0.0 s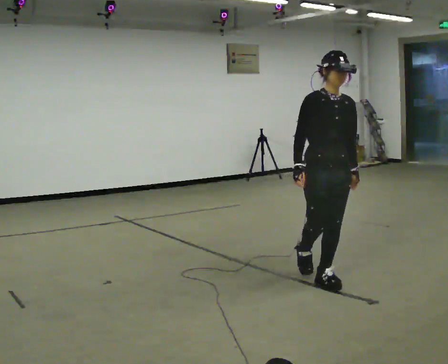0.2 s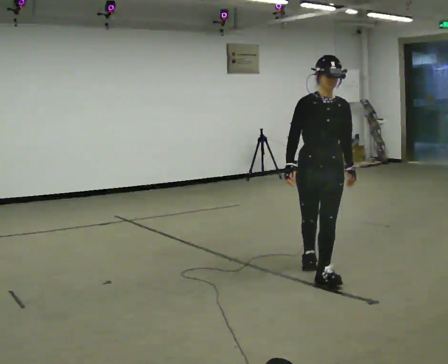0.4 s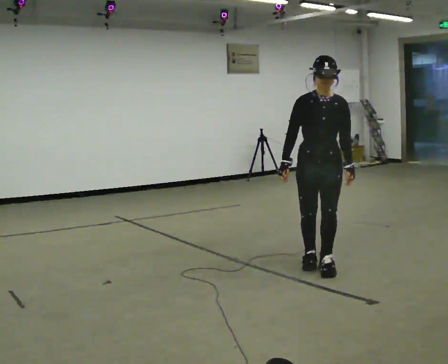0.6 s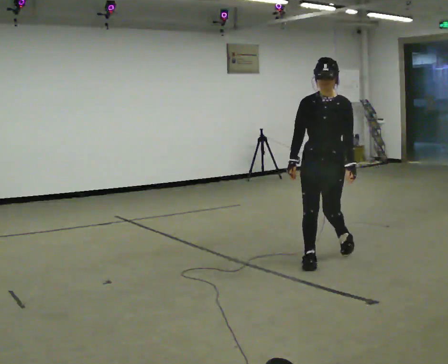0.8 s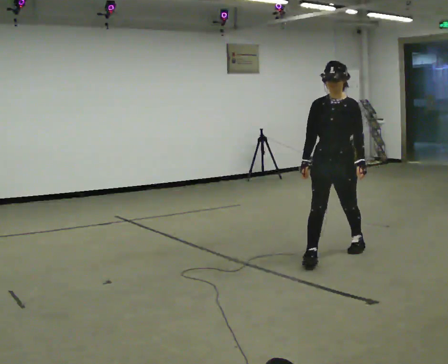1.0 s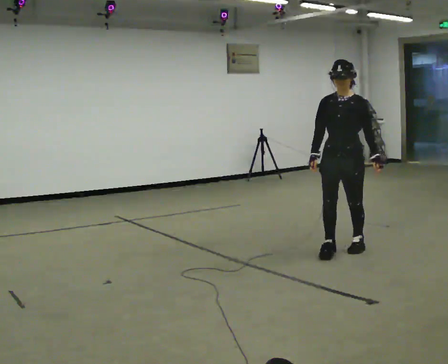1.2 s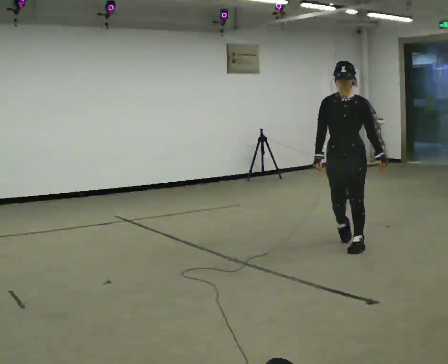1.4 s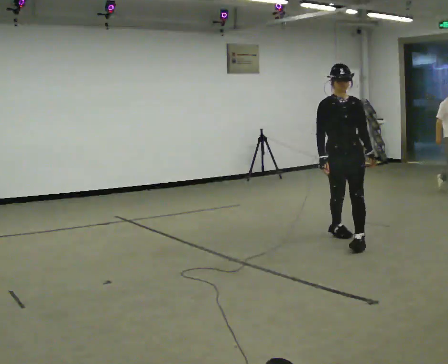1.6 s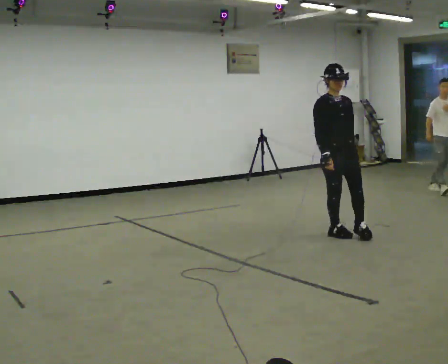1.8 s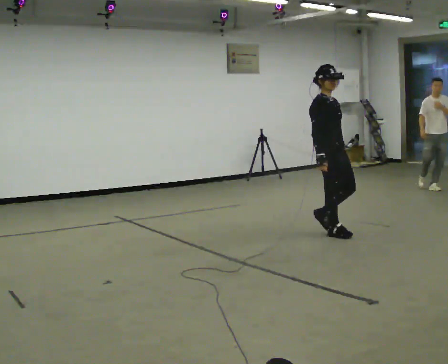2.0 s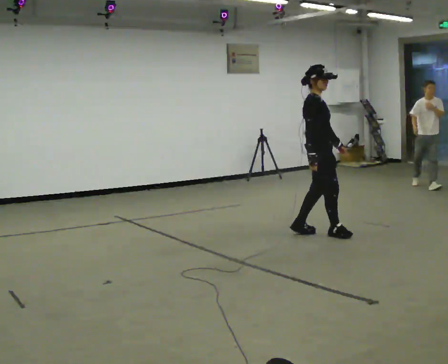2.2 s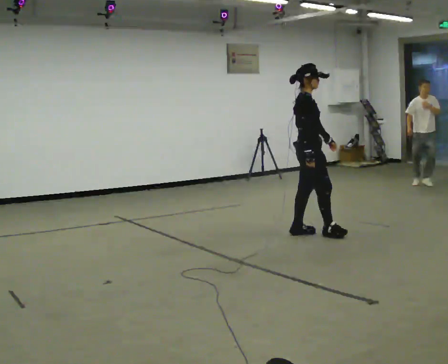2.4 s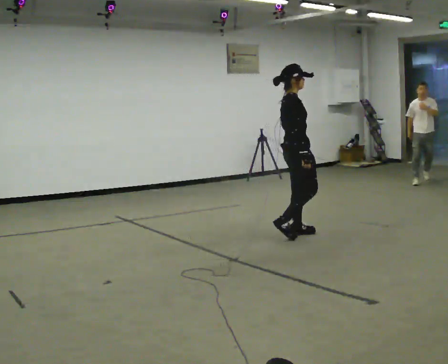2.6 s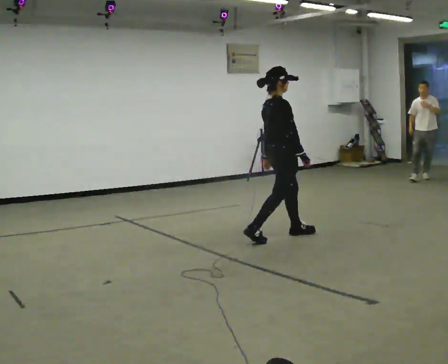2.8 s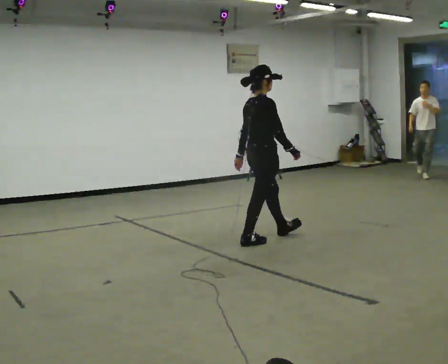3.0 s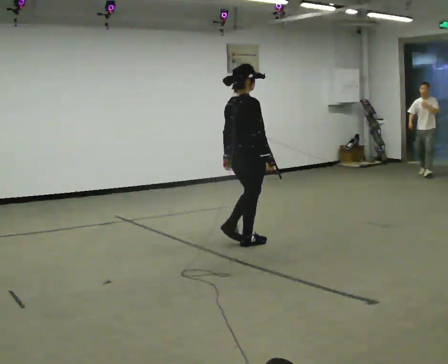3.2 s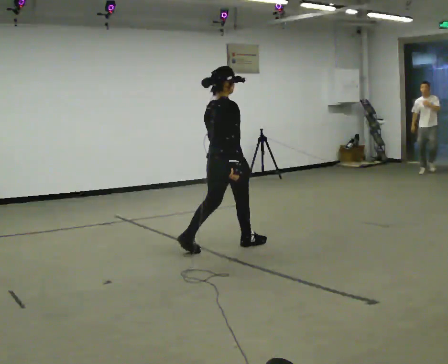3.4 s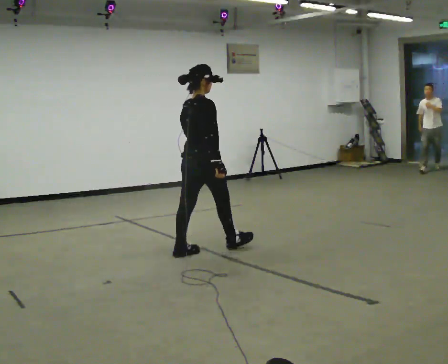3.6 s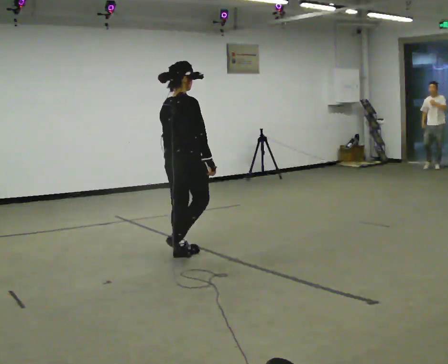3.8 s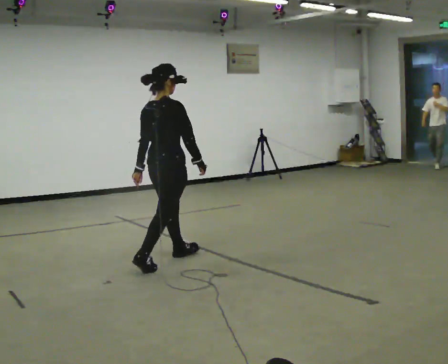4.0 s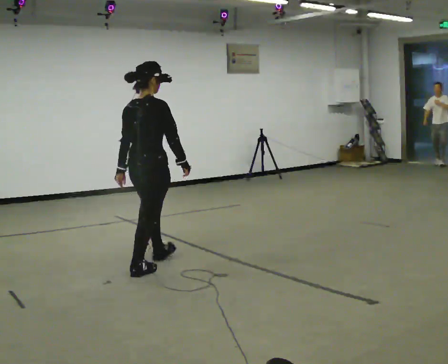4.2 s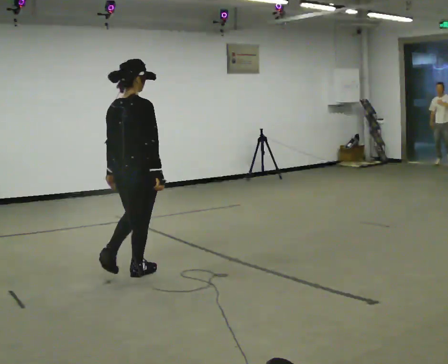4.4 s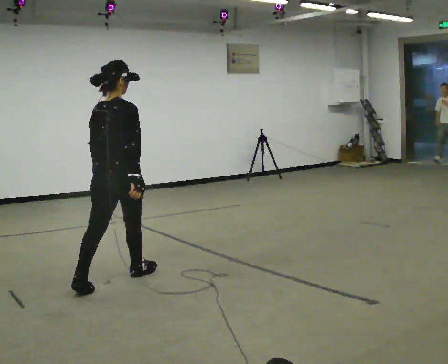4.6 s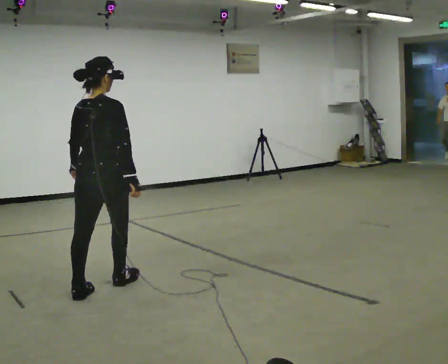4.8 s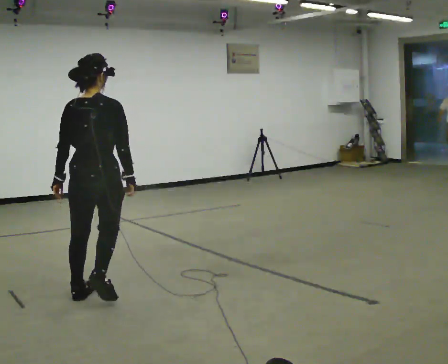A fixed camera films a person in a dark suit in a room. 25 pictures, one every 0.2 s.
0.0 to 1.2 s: The part of the body nearest the lens slides to the left as the person turns to their right by about 30 degrees. In the picture they go away from the camera, about 1 m in 2 steps, which for them is backward.
1.2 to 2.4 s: The person turns about 105 degrees to their left, counterclockwise seen from above, so the part of the body nearest the lens slides to the right. In the picture they go away from the camera and to the left, about 0.5 m in 2 steps.
2.4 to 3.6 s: Seen from above the body turns counterclockwise, about 45 degrees: to their left, with its near side sliding to the right. In the picture they go to the left and toward the camera, about 1 m in 2 steps, which for them is backward.
3.6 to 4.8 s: The part of the body nearest the lens slides to the right as the person turns to their left by about 45 degrees. In the picture they go toward the camera, about 1 m in 2 steps, which for them is backward.
The film runs backward here.
